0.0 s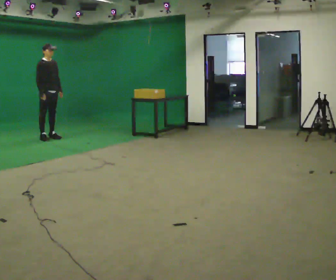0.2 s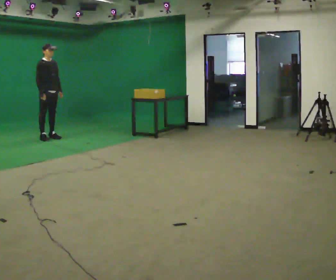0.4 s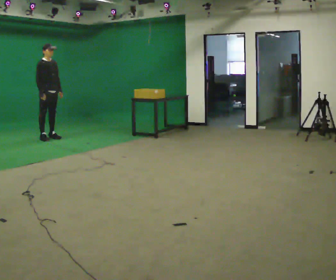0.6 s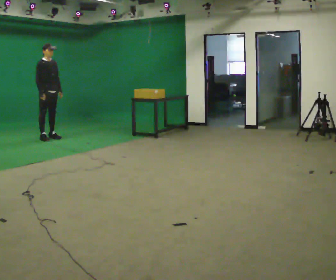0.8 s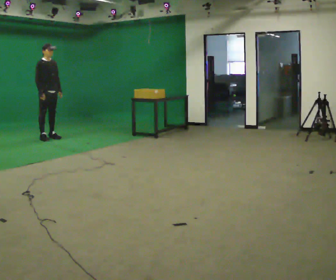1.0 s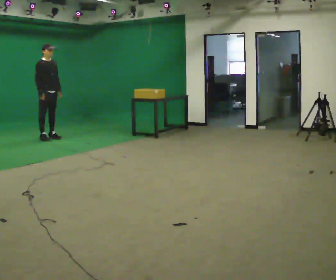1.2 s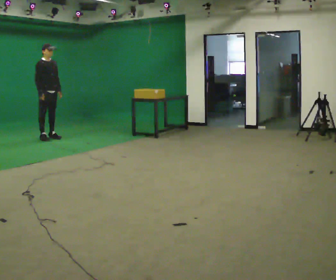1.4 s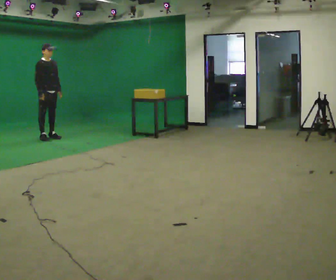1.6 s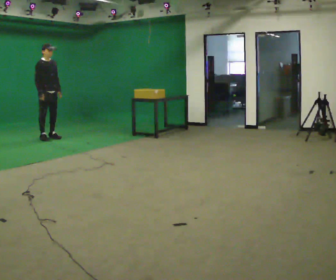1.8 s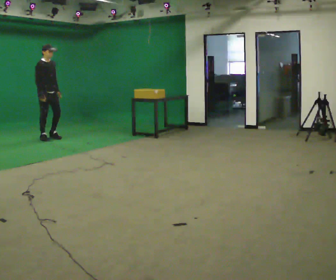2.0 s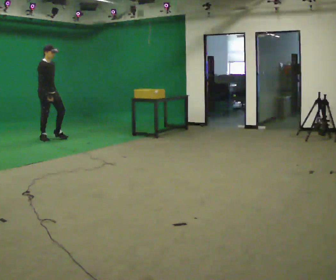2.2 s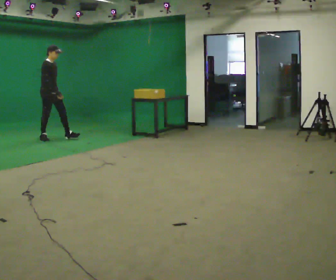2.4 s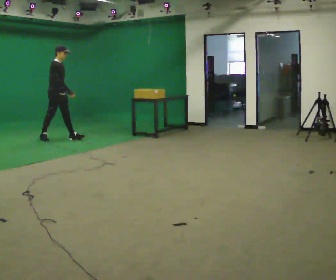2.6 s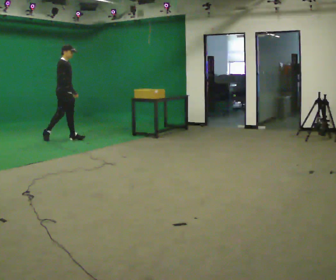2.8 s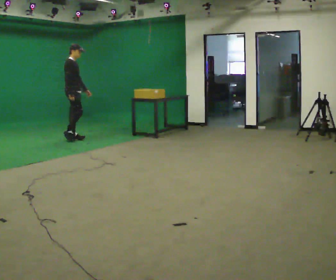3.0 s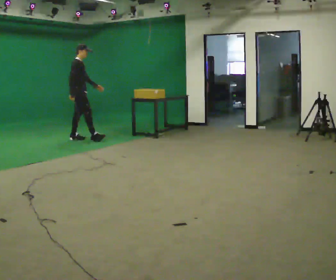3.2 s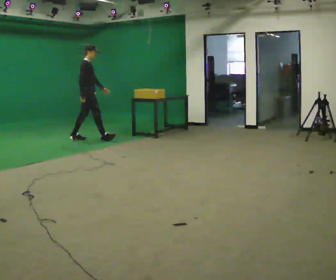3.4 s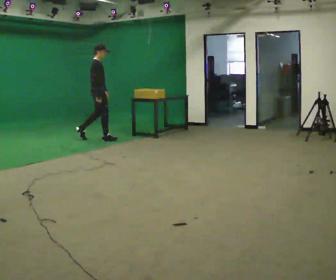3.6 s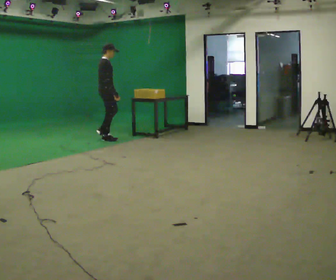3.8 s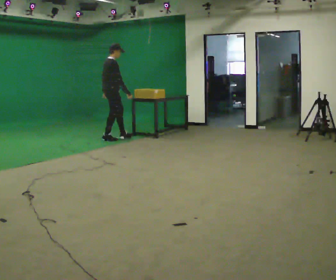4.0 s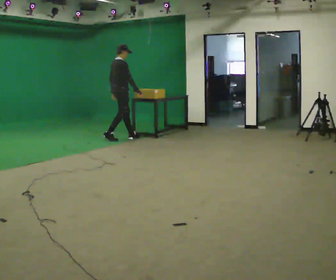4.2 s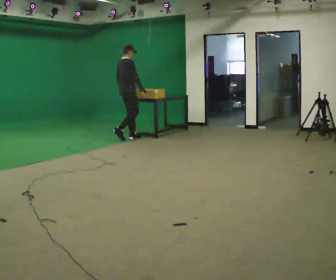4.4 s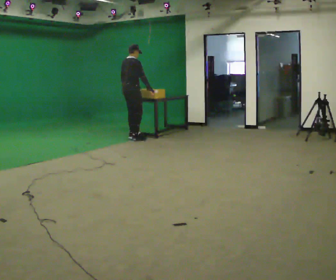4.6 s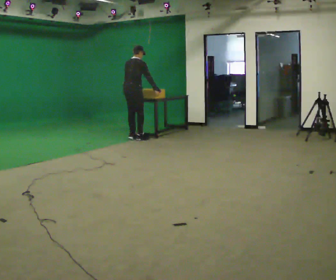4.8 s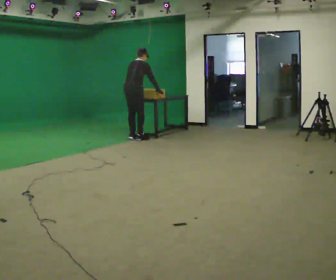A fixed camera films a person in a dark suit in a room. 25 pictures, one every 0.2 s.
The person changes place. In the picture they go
to the right.
The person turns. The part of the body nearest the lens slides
to the right.
0.0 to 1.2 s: The person keeps their place and pose.
1.2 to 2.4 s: In the picture they go to the right, about 0.25 m in 1 step, which for them is forward.
2.4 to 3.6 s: Seen from above the body turns counterclockwise, about 30 degrees: to their left, with its near side sliding to the right. In the picture they go to the right, about 1 m in 1 step, which for them is forward.
3.6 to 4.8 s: Seen from above the body turns counterclockwise, about 45 degrees: to their left, with its near side sliding to the right. In the picture they go to the right, about 0.5 m in 2 steps, which for them is forward and to their right. The upper body tips away from the camera, its near side rolling upward, as they bend forward.
The film runs forward here.
